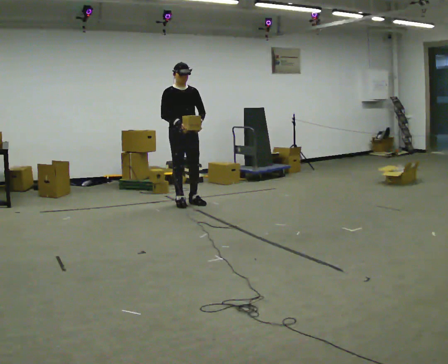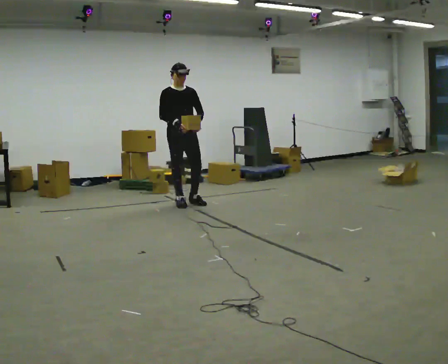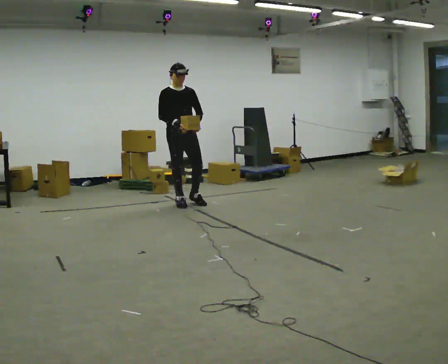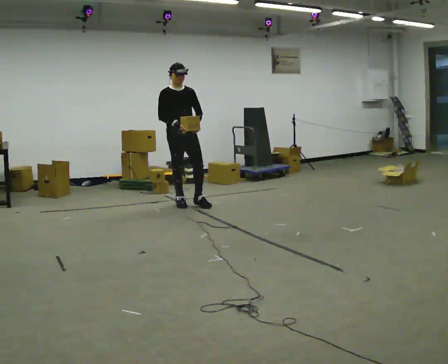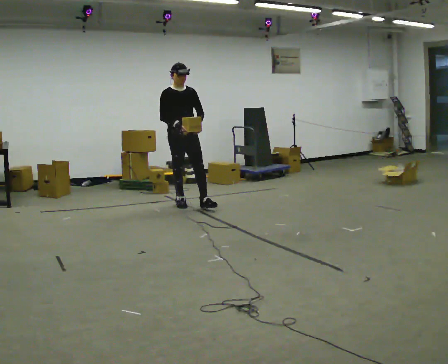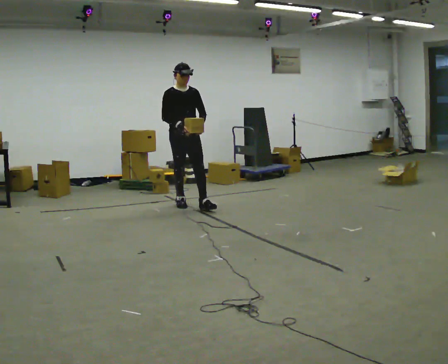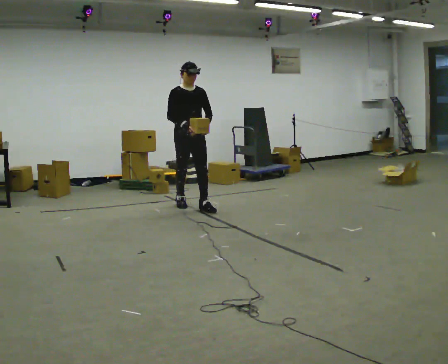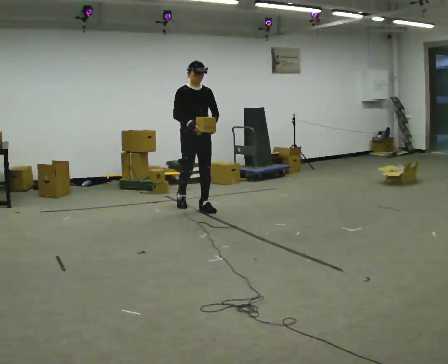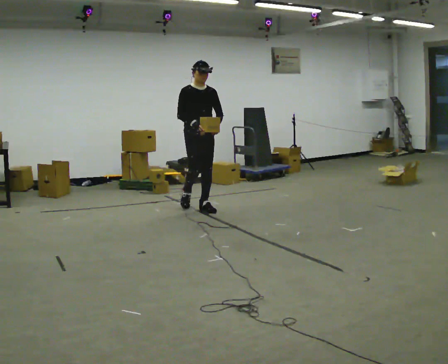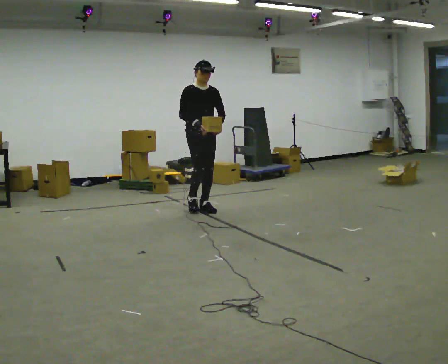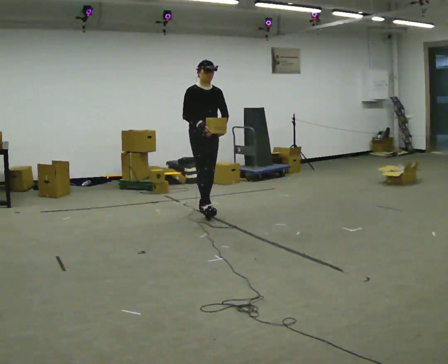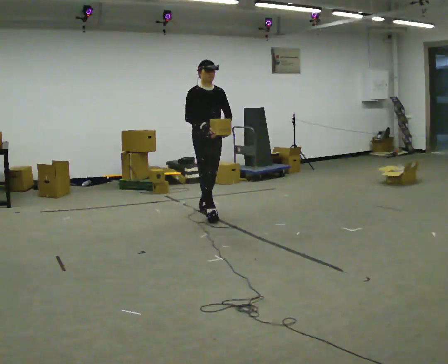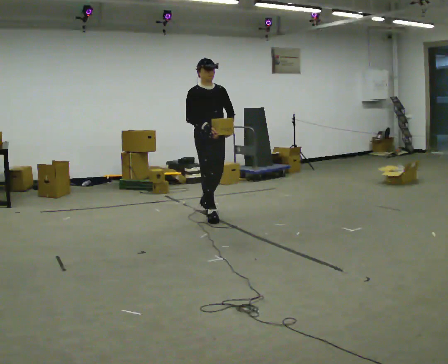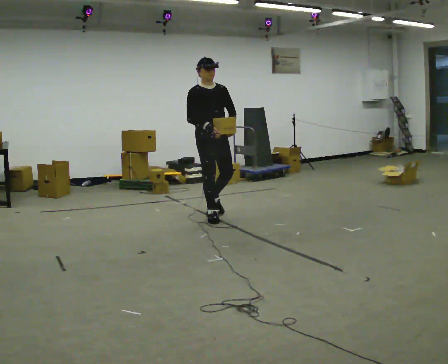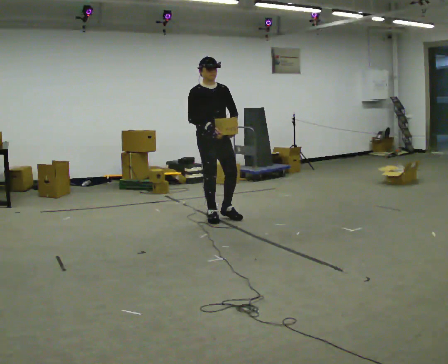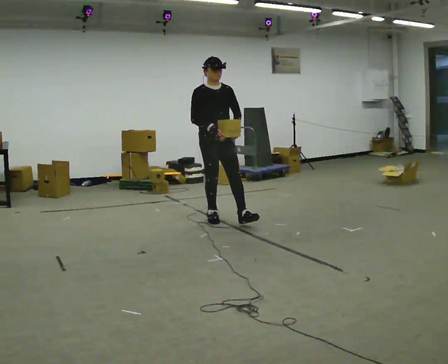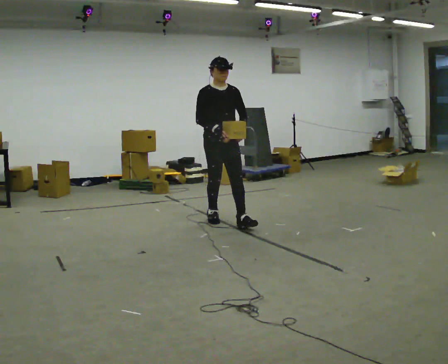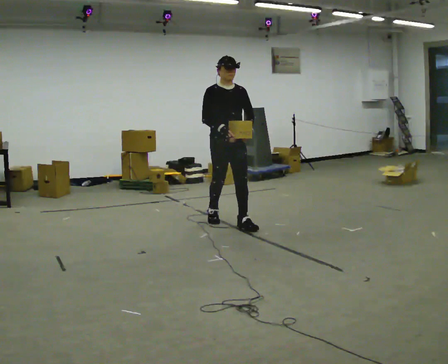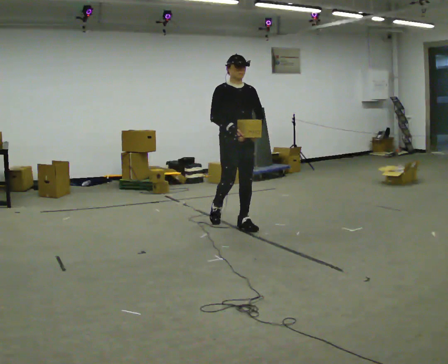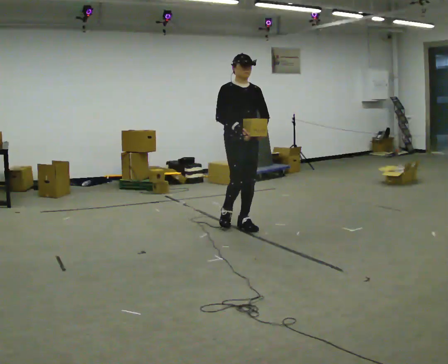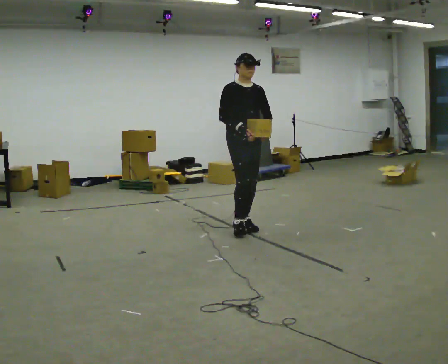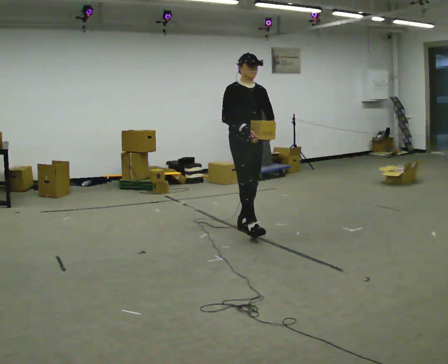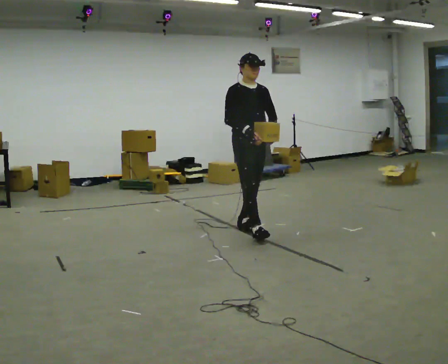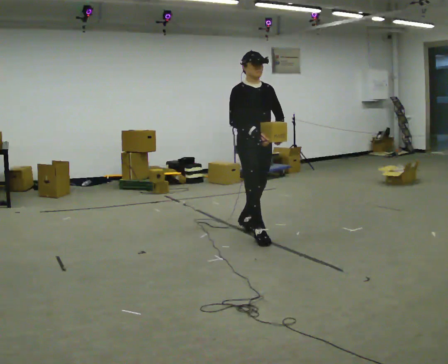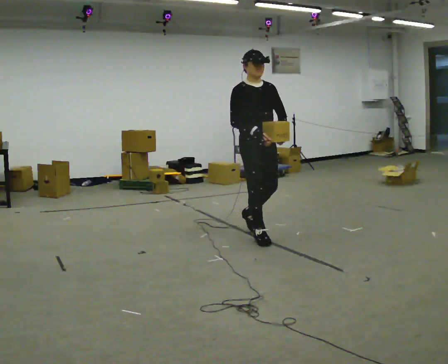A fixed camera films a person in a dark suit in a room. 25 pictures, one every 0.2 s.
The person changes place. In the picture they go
toward the camera.
0.0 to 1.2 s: In the picture they go toward the camera, about 0.25 m in 1 step, which for them is forward.
1.2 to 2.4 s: In the picture they go toward the camera and to the right, about 0.5 m in 1 step, which for them is forward.
2.4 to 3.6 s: In the picture they go toward the camera and to the right, about 0.5 m in 1 step, which for them is forward.
3.6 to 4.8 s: In the picture they go toward the camera and to the right, about 0.5 m in 1 step, which for them is forward.
The film runs forward here.
